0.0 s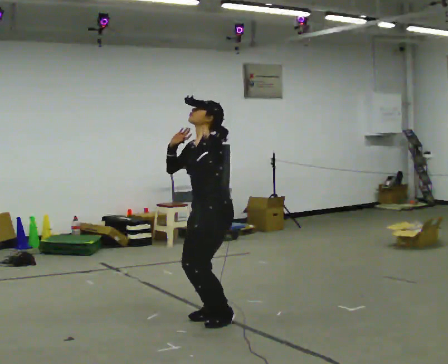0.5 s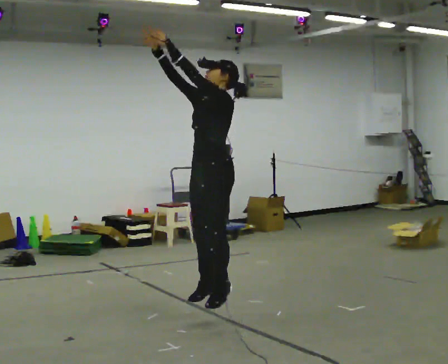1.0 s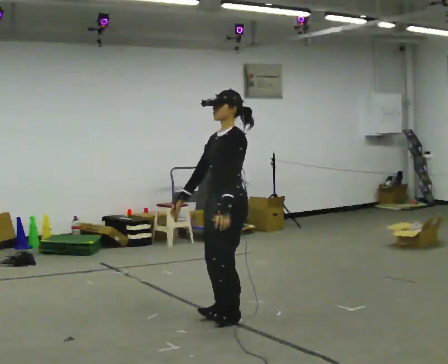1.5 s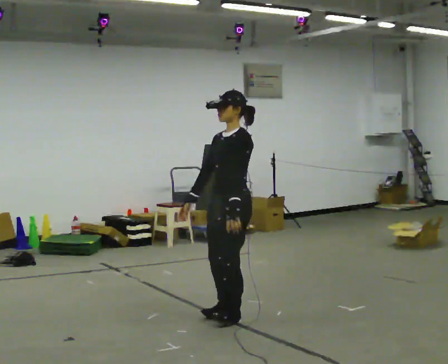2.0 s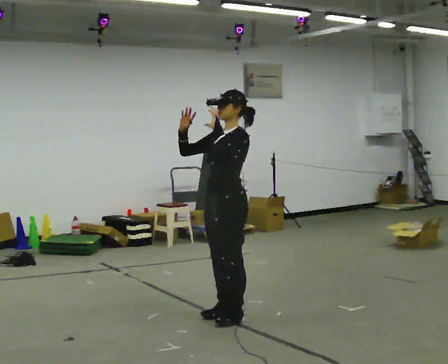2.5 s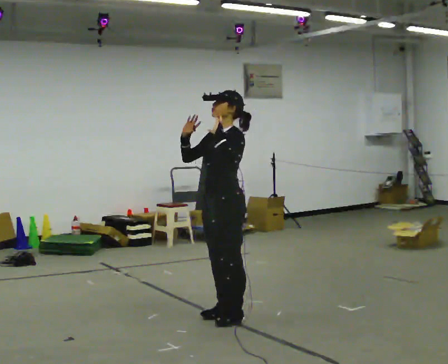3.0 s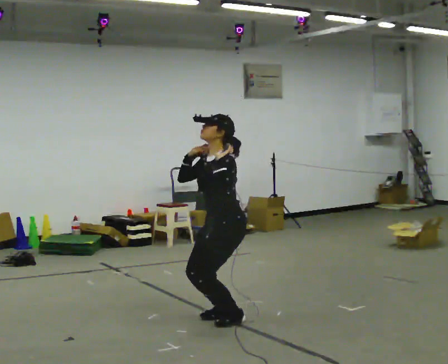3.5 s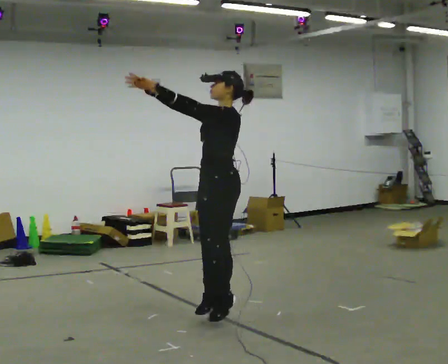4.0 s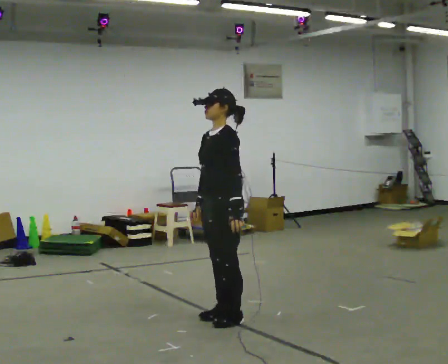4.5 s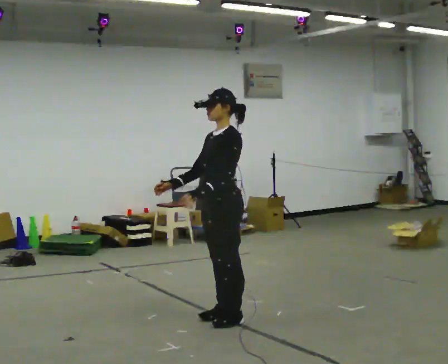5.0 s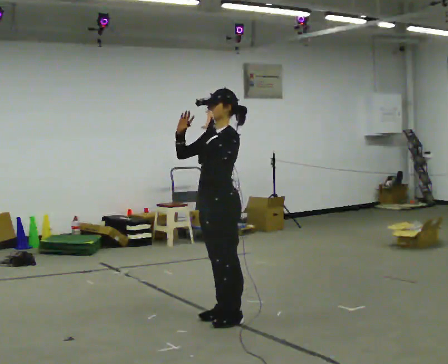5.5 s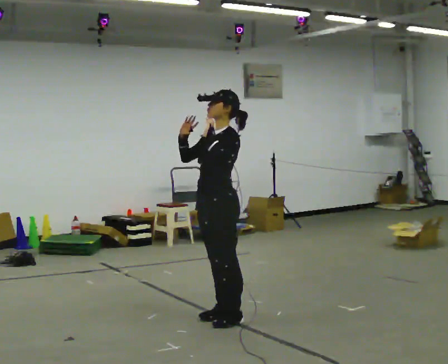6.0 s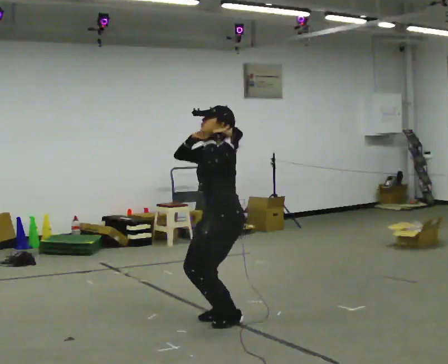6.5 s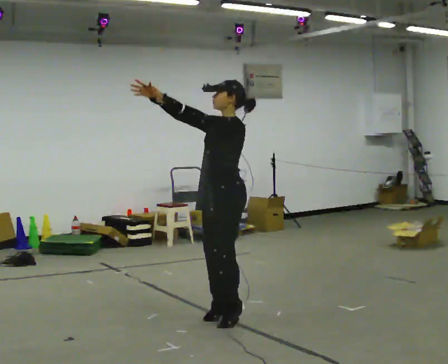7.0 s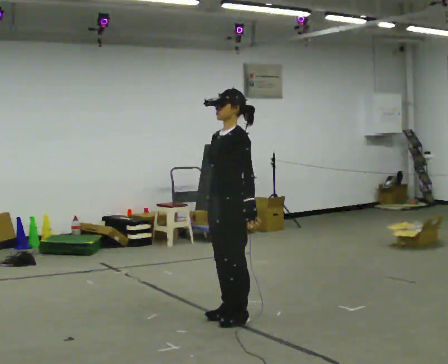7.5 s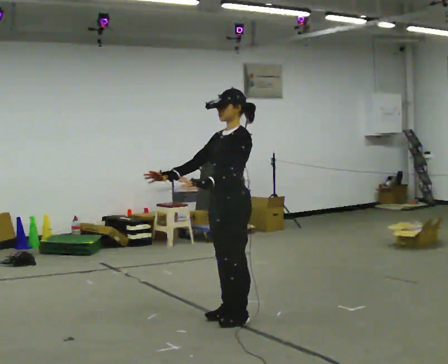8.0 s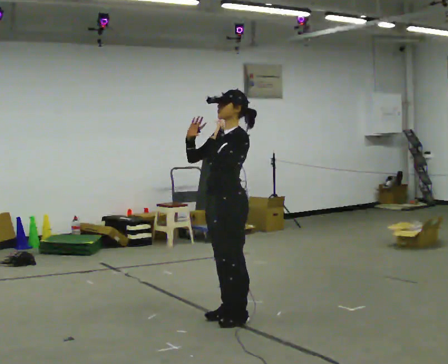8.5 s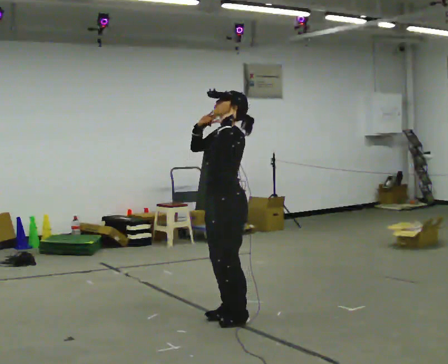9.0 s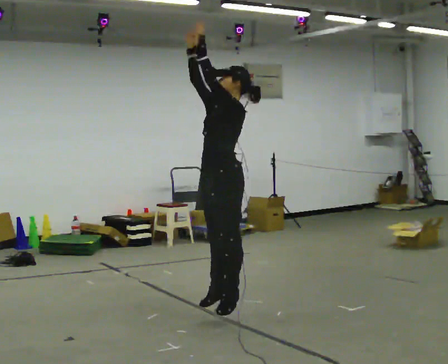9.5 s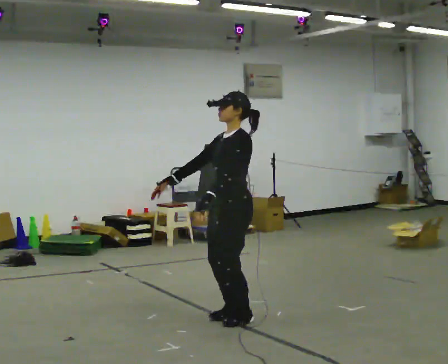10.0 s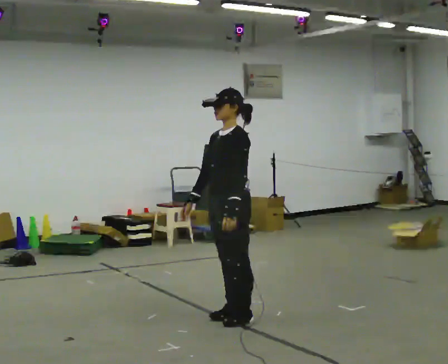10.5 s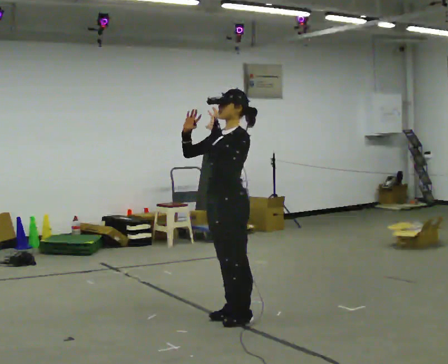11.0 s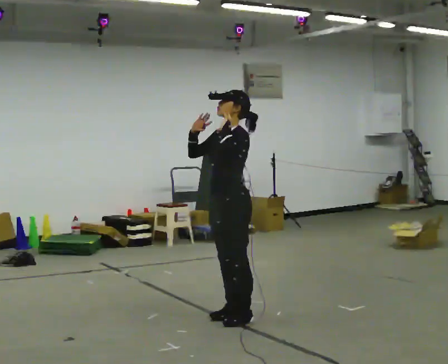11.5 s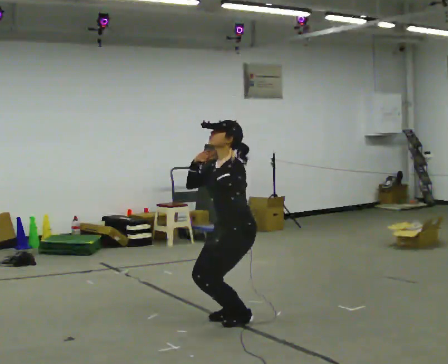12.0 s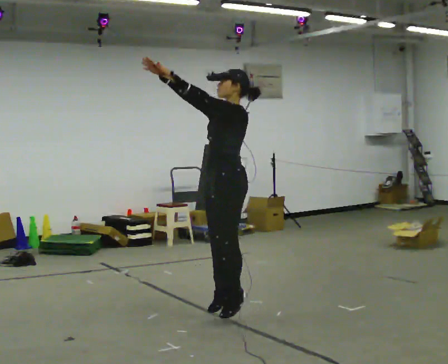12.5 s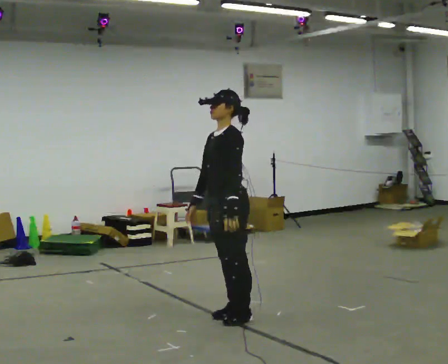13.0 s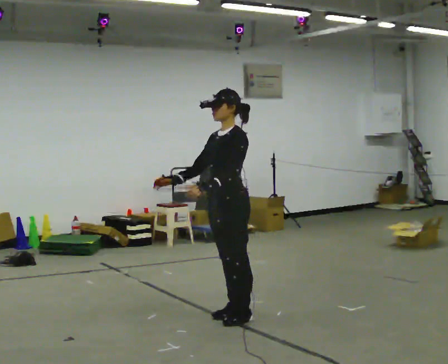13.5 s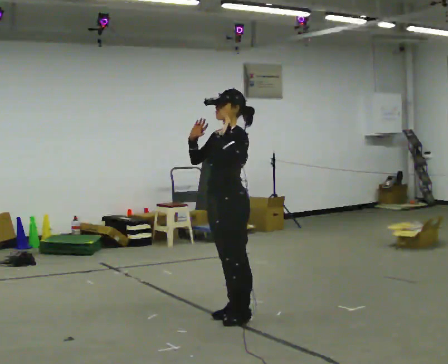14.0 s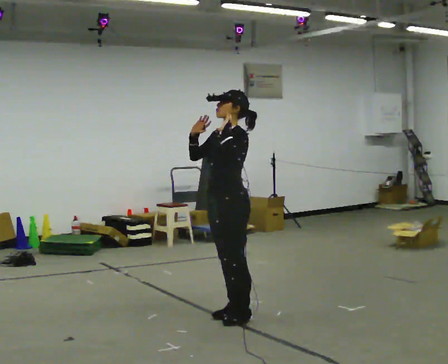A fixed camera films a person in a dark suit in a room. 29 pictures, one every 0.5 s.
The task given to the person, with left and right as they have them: Mime a jump shot with no ball: catch, set, rise and release. Repeat the movement at your own pace until the operator says stop; do not rush.
0.0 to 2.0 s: The person moves a little, or ends about where they began.
2.0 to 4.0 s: In the picture their right hand goes downward.
4.0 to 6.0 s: In the picture their right hand goes upward.
6.0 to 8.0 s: The person moves a little, or ends about where they began.
8.0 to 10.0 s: In the picture their right hand goes downward.
10.0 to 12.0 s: In the picture their right hand goes upward.
12.0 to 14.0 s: In the picture their right hand goes downward.
The film runs forward here.
